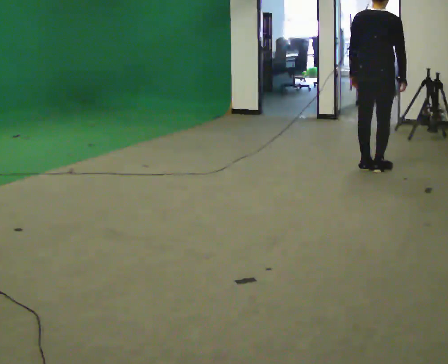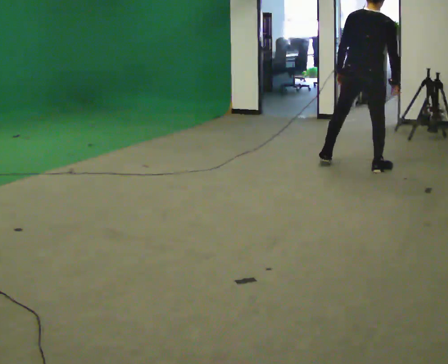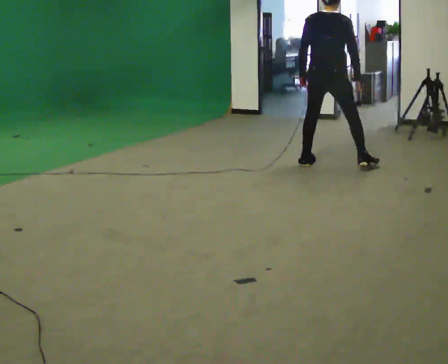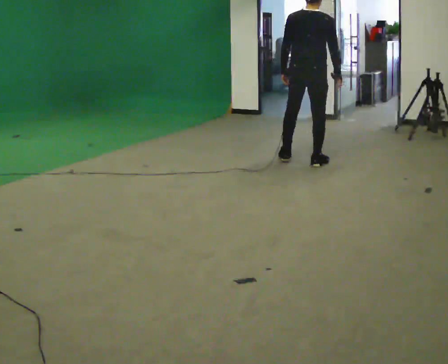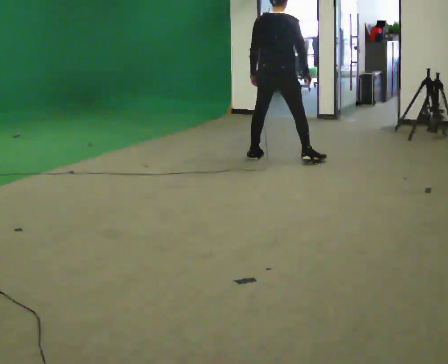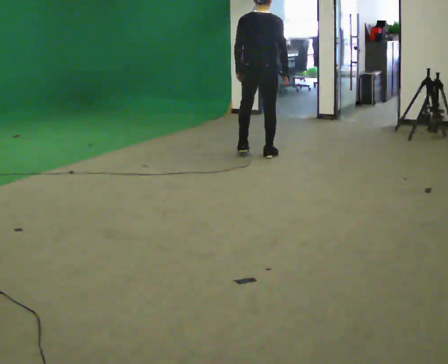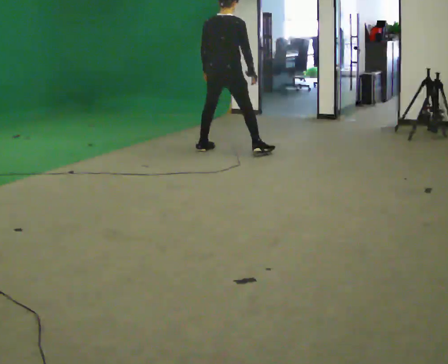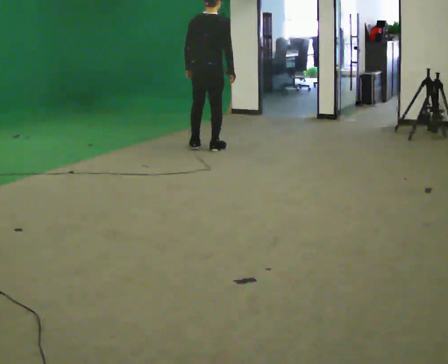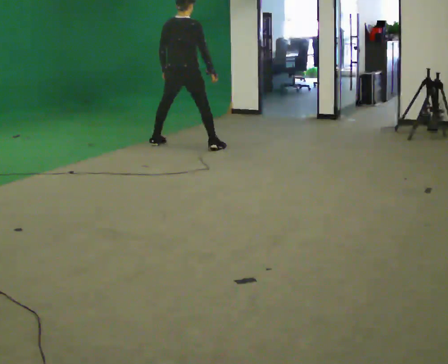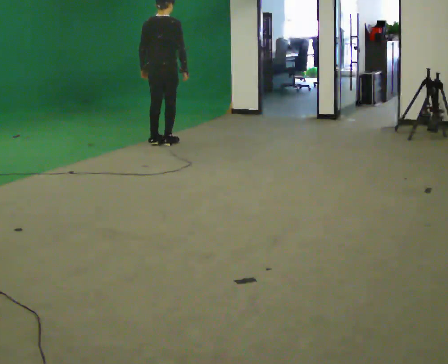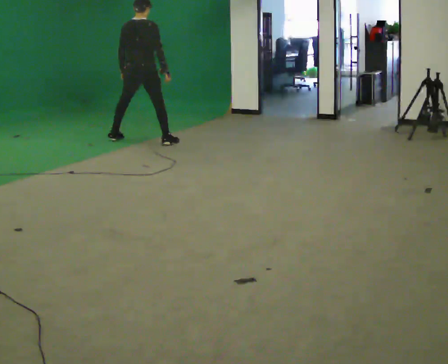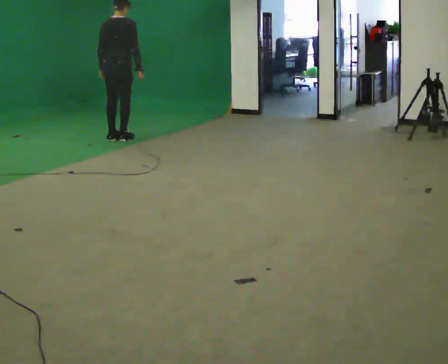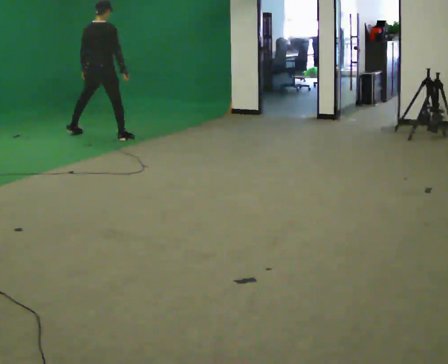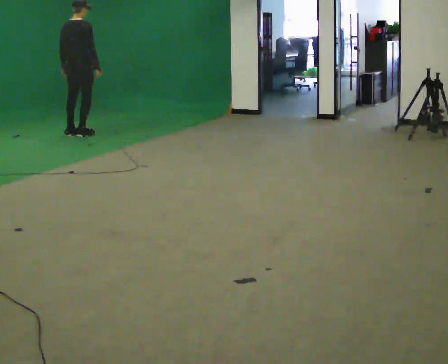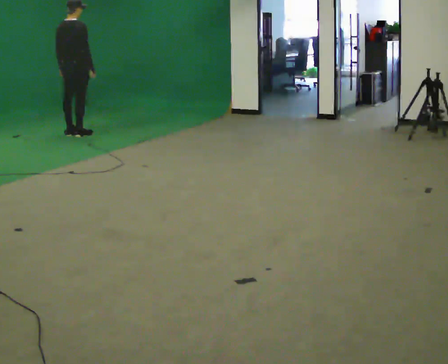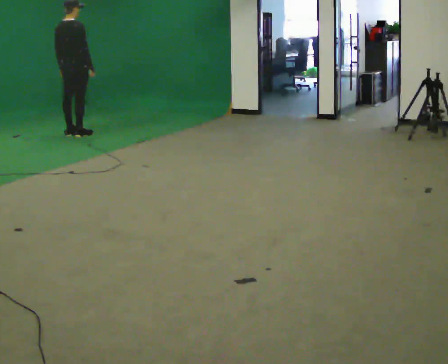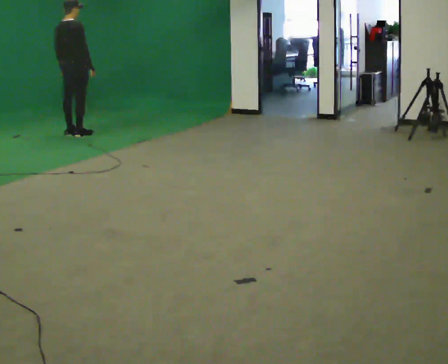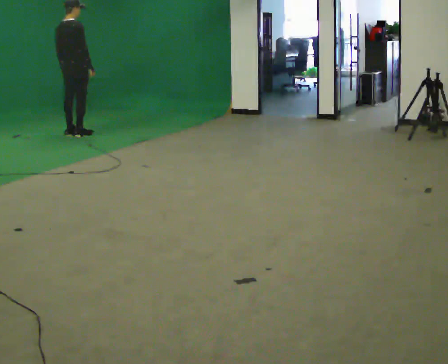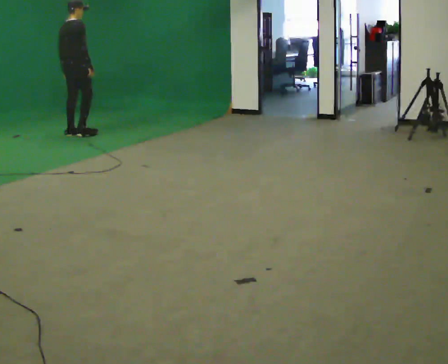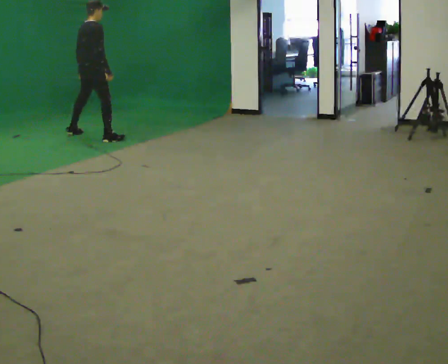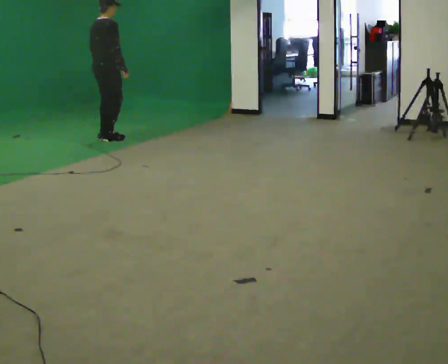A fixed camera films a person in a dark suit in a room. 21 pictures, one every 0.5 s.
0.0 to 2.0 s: In the picture they go to the left and away from the camera, about 1 m in 3 steps, which for them is to their left.
2.0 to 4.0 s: In the picture they go to the left and away from the camera, about 1 m in 4 steps, which for them is to their left.
4.0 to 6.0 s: In the picture they go to the left and away from the camera, about 1 m in 4 steps, which for them is to their left.
6.0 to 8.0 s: In the picture they go to the left and away from the camera, about 0.25 m in 1 step, which for them is to their left.
8.0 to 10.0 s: In the picture they go to the right and toward the camera, about 0.5 m in 2 steps, which for them is to their right.
The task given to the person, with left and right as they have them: Move laterally left/right for ~3 m; natural controlled steps; stop.
The film runs forward here.
